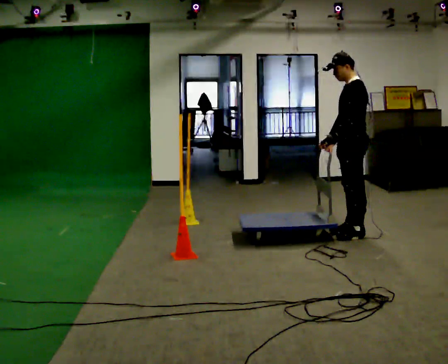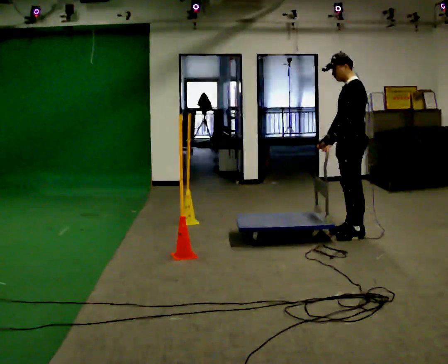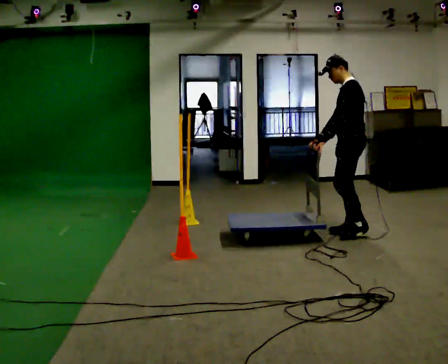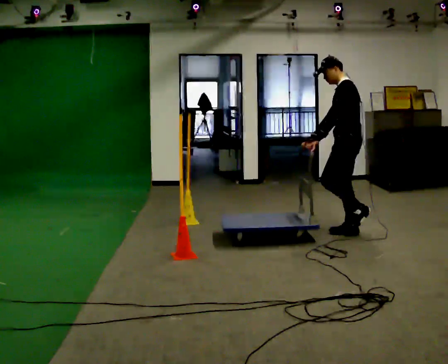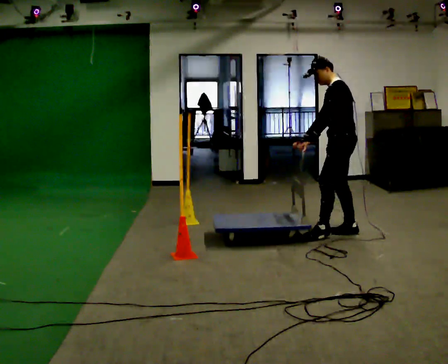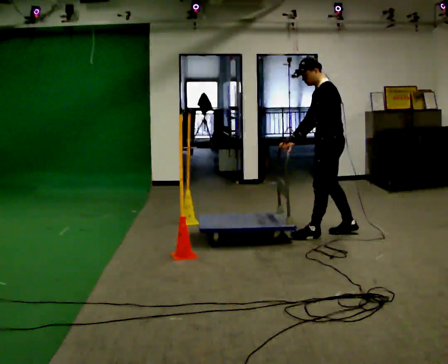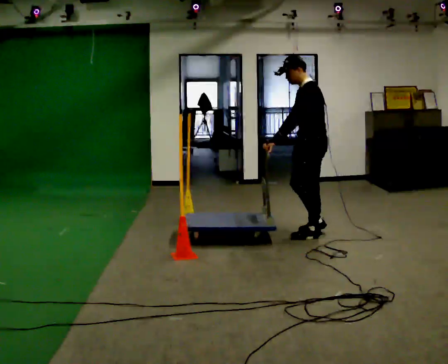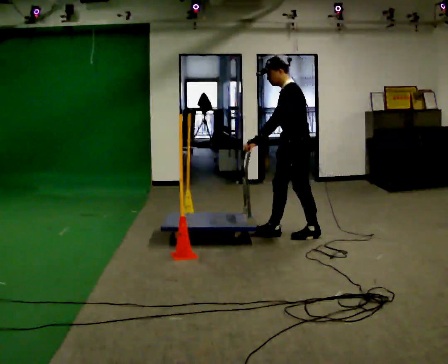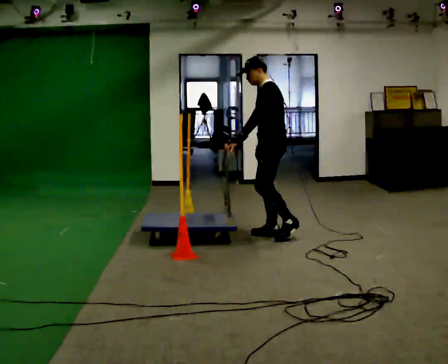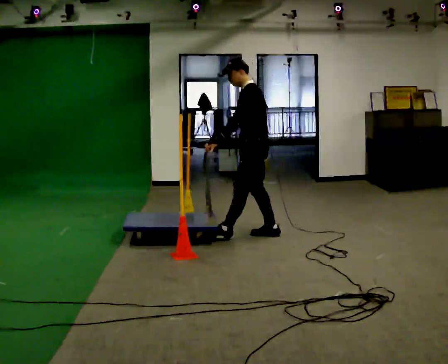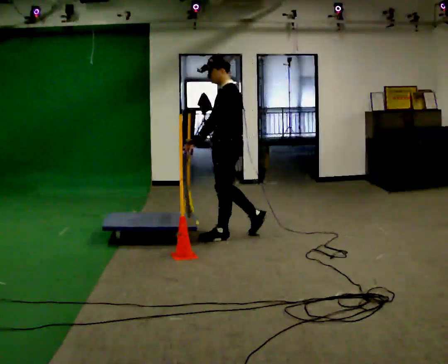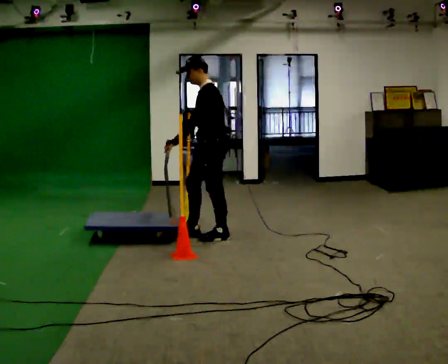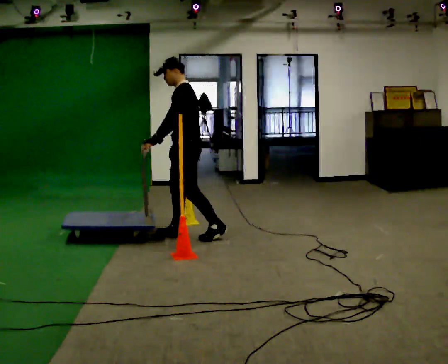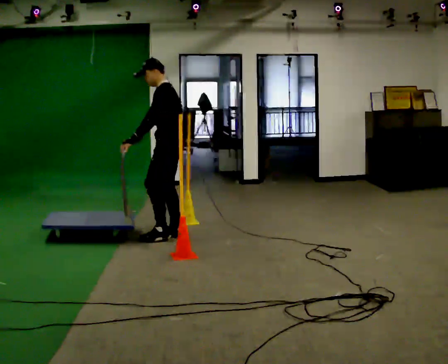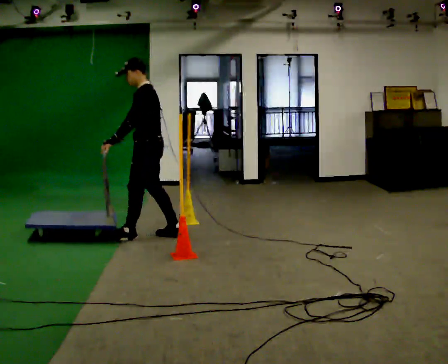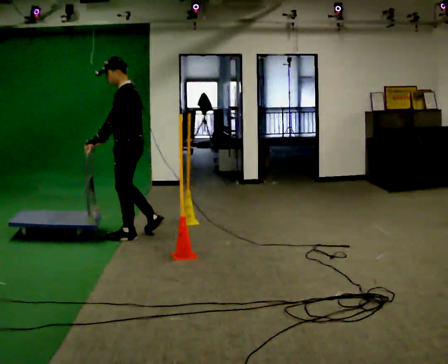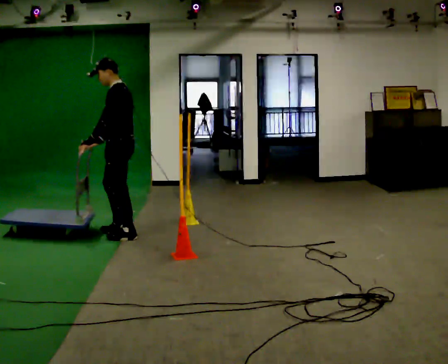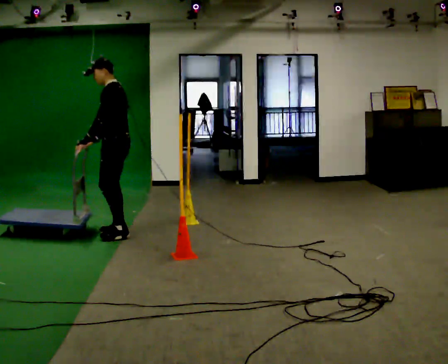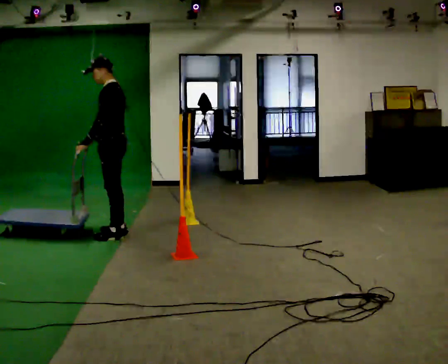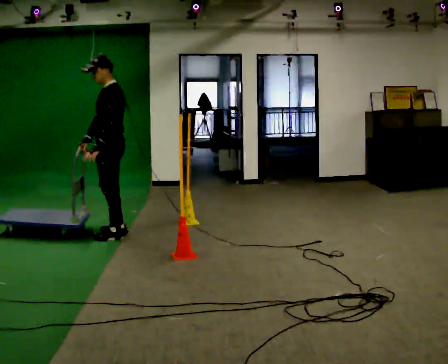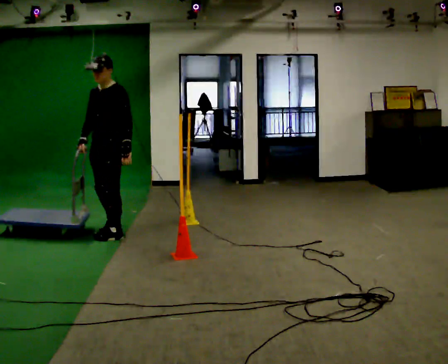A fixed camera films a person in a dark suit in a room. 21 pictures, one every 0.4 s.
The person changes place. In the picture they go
to the left.
0.0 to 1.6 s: The person moves a little, or ends about where they began.
1.6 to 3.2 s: In the picture they go to the left, about 0.75 m in 2 steps, which for them is forward.
3.2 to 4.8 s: In the picture they go to the left, about 1 m in 2 steps, which for them is forward.
4.8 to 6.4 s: In the picture they go to the left, about 0.75 m in 2 steps, which for them is forward.
6.4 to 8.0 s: The part of the body nearest the lens slides to the right as the person turns to their left by about 45 degrees. In the picture their left hand goes to the right, the arm swinging counterclockwise.
The film runs forward here.
